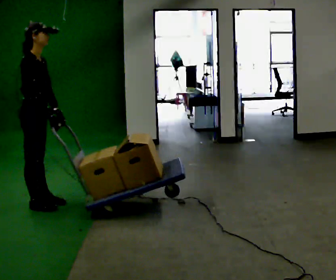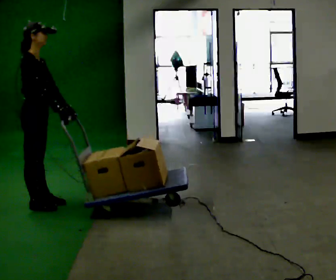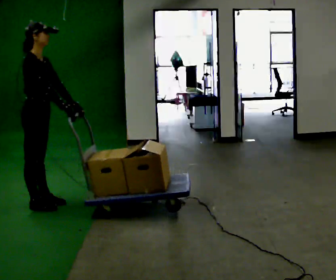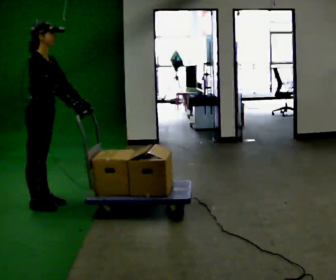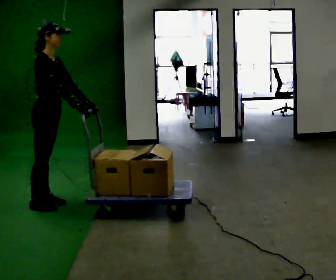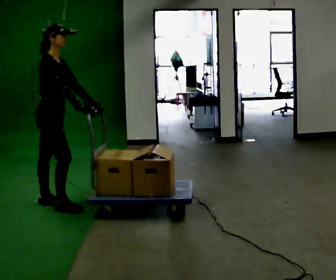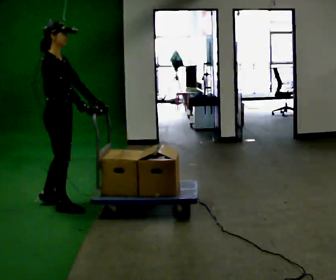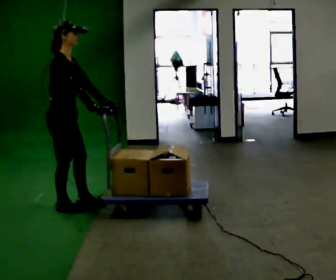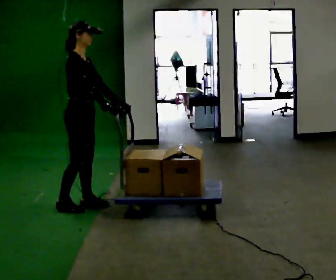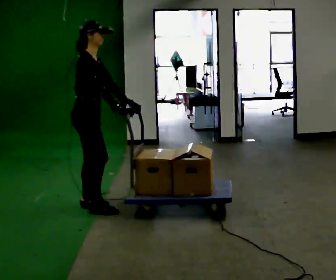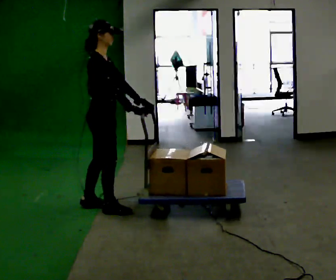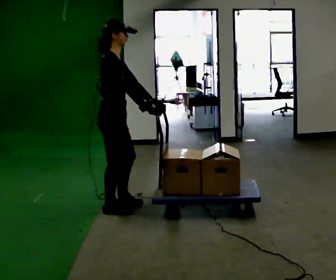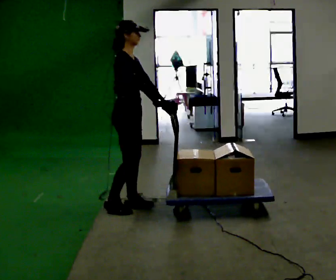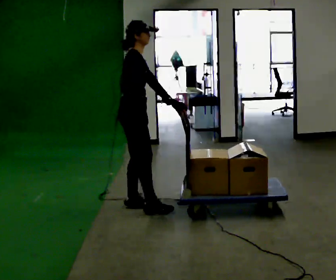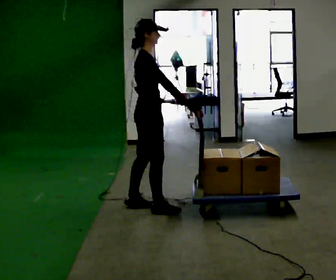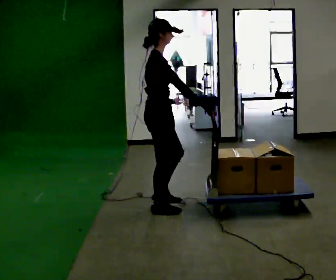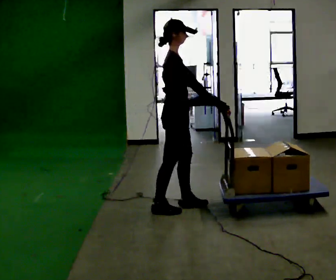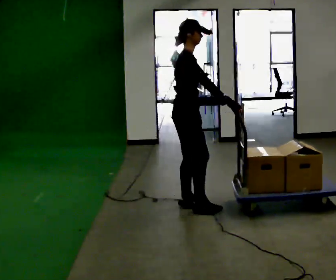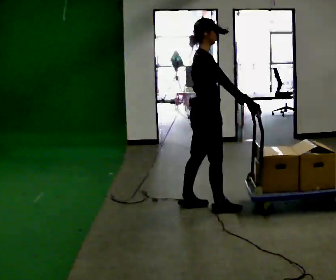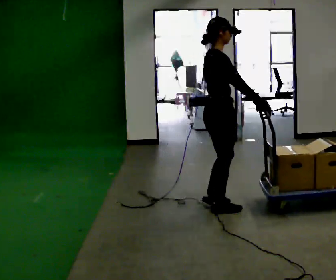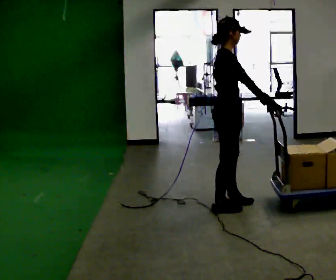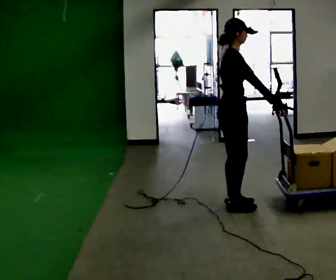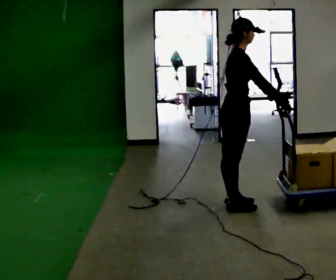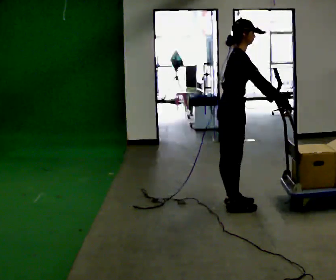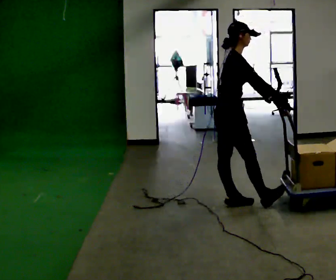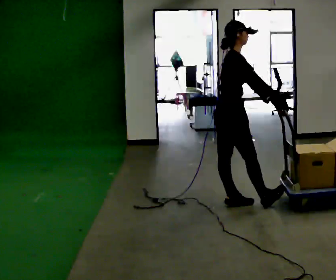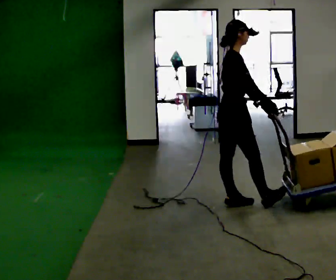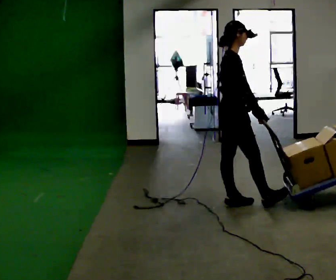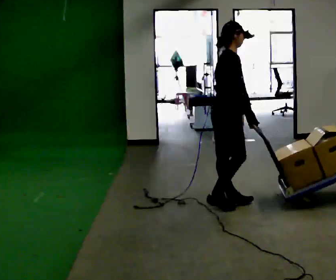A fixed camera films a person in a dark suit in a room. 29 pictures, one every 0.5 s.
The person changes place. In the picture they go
to the right.
0.0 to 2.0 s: The person moves a little, or ends about where they began.
2.0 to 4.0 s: In the picture they go to the right, about 0.25 m in 2 steps, which for them is forward.
4.0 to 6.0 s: In the picture they go to the right, about 0.5 m in 2 steps, which for them is forward.
6.0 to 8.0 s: In the picture they go to the right, about 0.5 m in 2 steps, which for them is forward.
8.0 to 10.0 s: In the picture they go to the right, about 0.5 m in 2 steps, which for them is forward.
10.0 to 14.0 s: The person moves a little, or ends about where they began.
The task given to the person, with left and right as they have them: Push the cart across the room and back. The operator will change how much is loaded on it between takes and will tell you each time.
The film runs forward here.
